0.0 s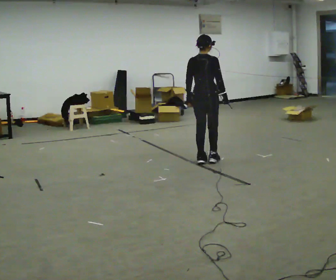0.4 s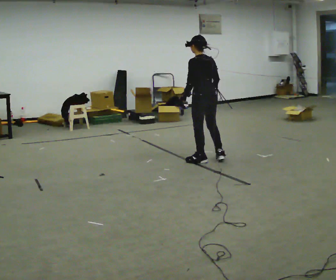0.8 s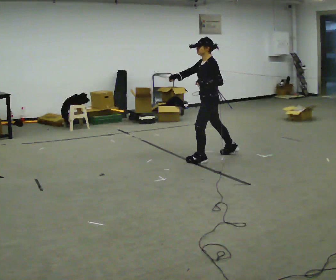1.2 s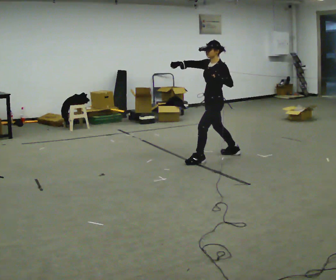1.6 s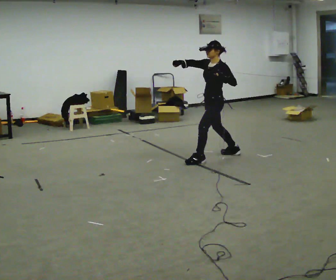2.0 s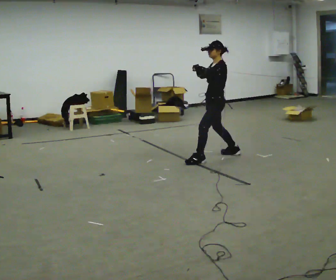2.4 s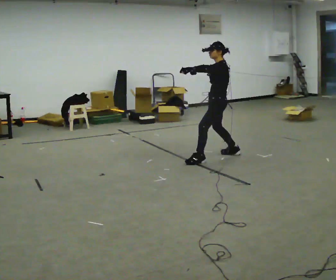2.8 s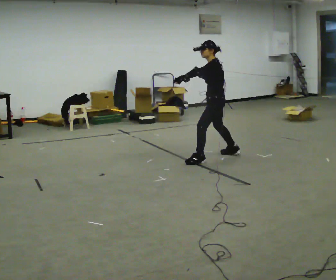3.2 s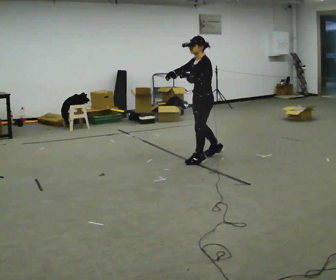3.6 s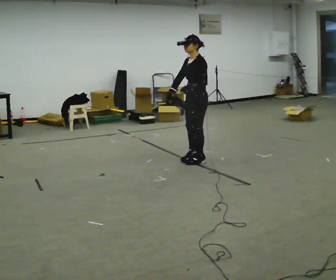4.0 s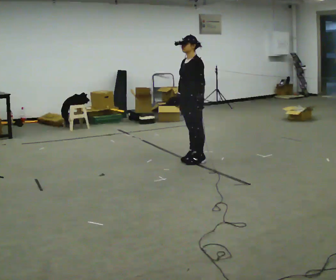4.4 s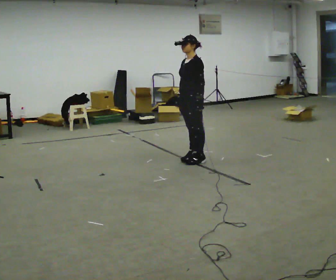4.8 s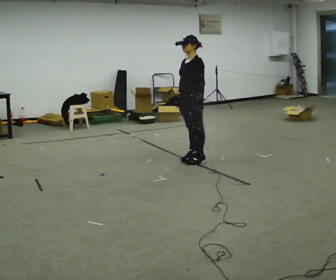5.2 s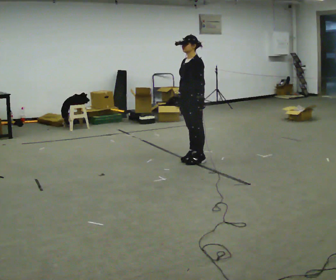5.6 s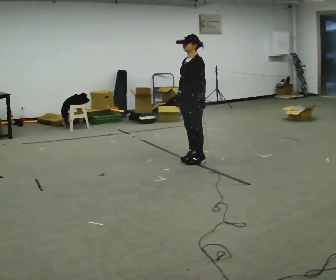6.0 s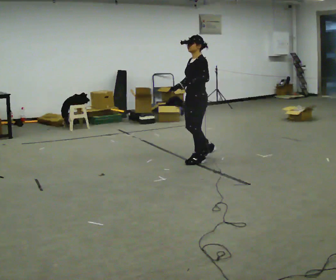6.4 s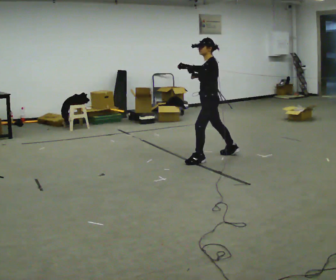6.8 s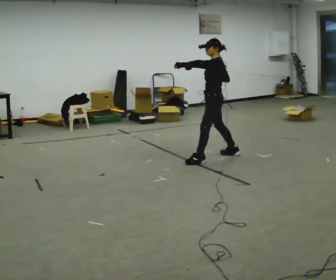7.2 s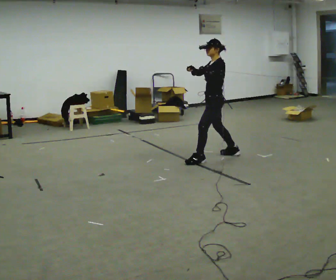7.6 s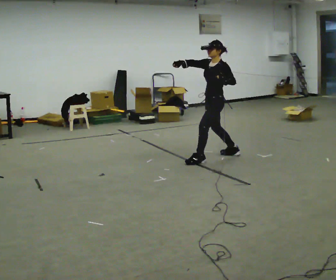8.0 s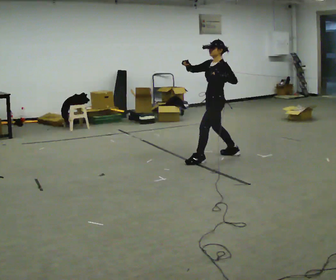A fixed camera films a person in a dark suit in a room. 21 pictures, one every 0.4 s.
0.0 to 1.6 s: The person turns about 135 degrees to their left, counterclockwise seen from above, so the part of the body nearest the lens slides to the right. In the picture they go to the right, about 0.25 m in 1 step. In the picture their right hand goes to the left and upward, the arm swinging clockwise.
1.6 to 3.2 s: In the picture their left hand goes to the left.
3.2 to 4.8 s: In the picture they go to the left, about 0.25 m, which for them is forward. In the picture their right hand goes downward, the arm swinging counterclockwise.
4.8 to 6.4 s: In the picture they go to the right, about 0.25 m in 1 step, which for them is backward. In the picture their left hand goes upward.
6.4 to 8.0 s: The person moves a little, or ends about where they began.
The film runs backward here.
